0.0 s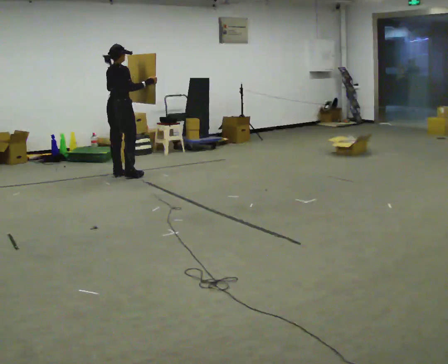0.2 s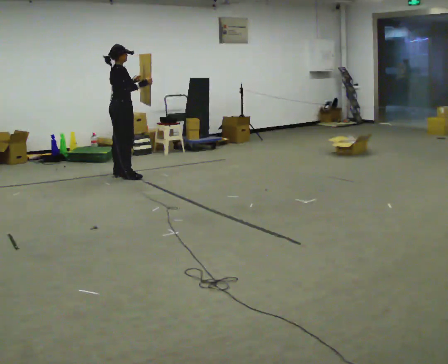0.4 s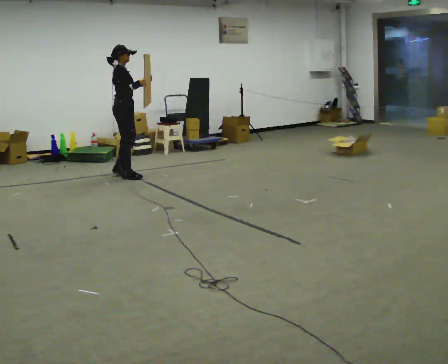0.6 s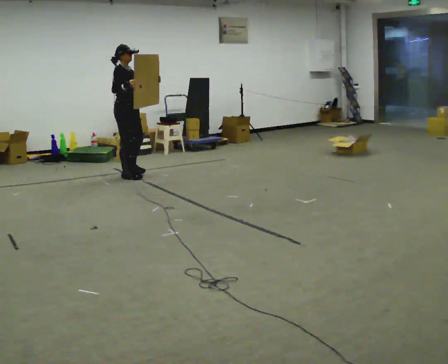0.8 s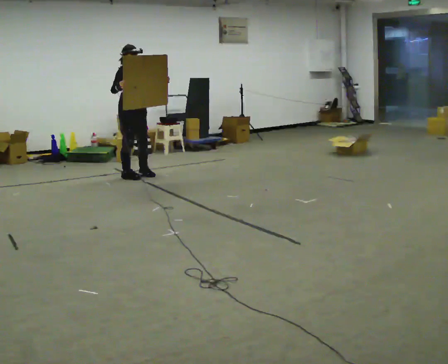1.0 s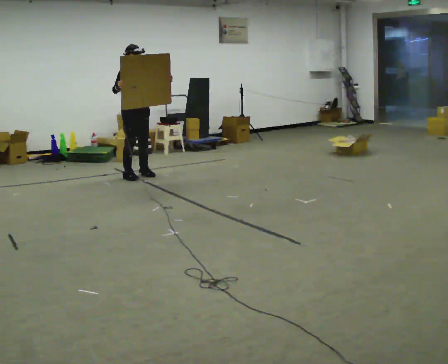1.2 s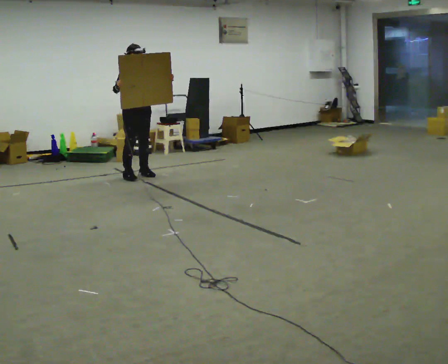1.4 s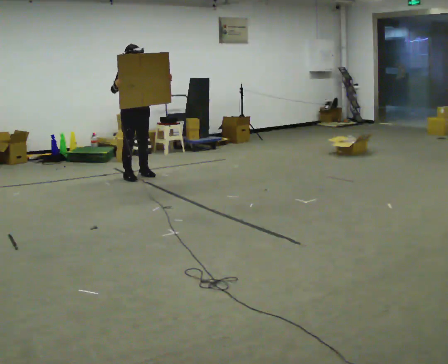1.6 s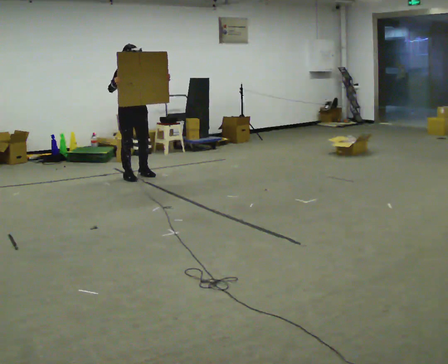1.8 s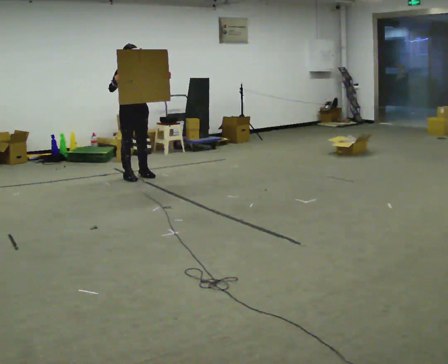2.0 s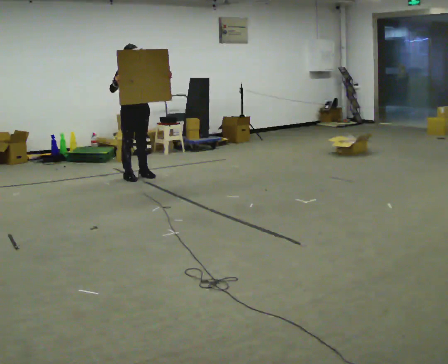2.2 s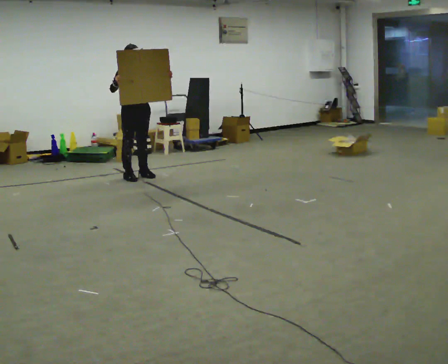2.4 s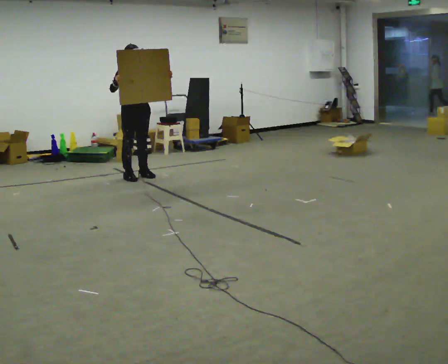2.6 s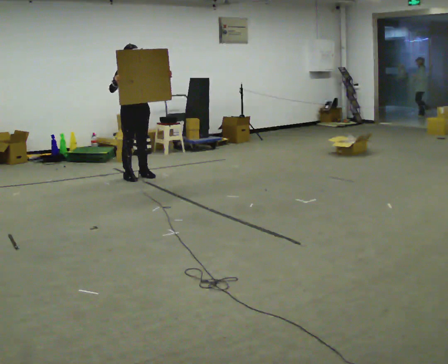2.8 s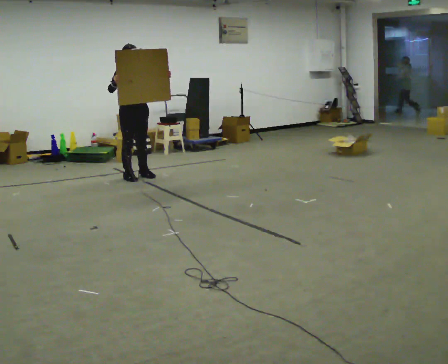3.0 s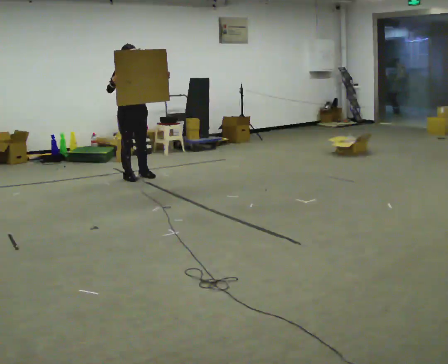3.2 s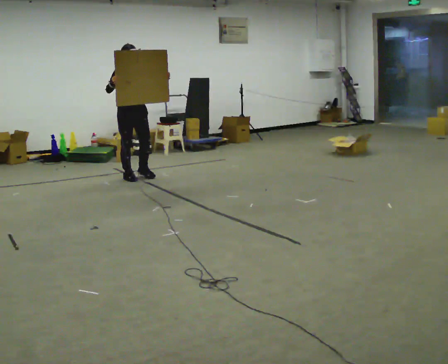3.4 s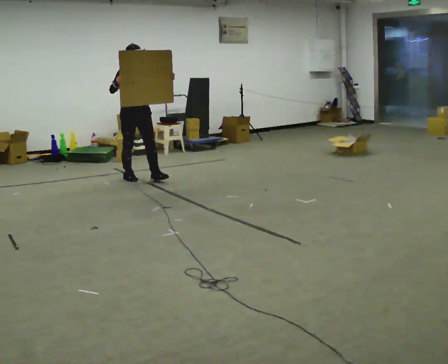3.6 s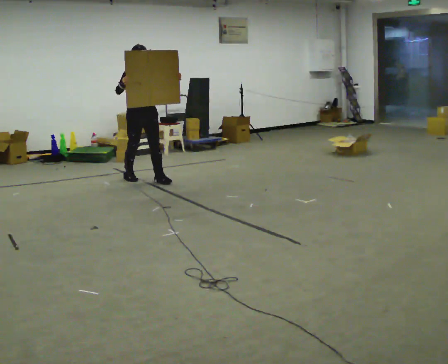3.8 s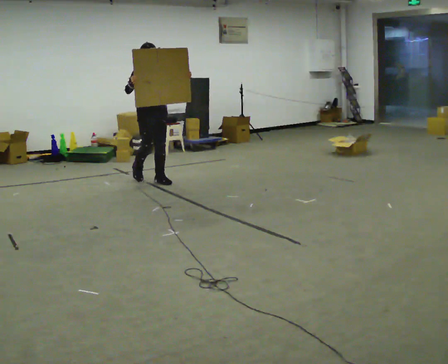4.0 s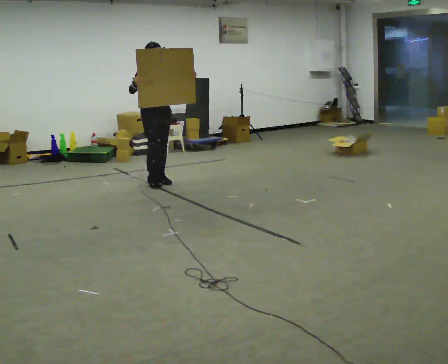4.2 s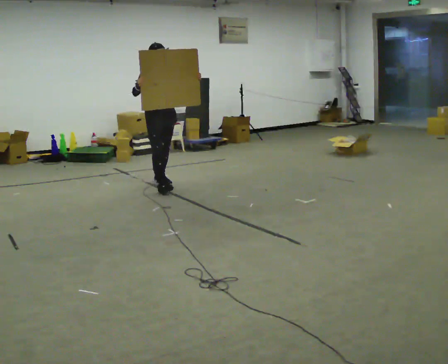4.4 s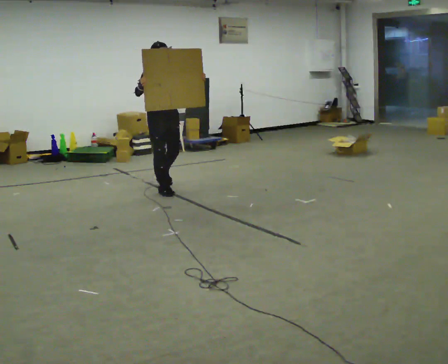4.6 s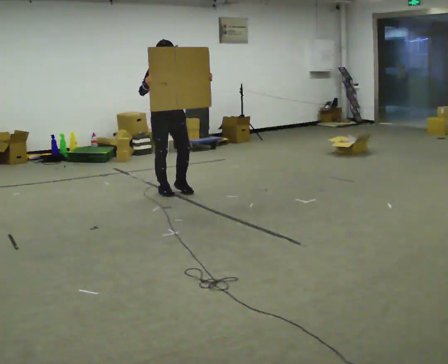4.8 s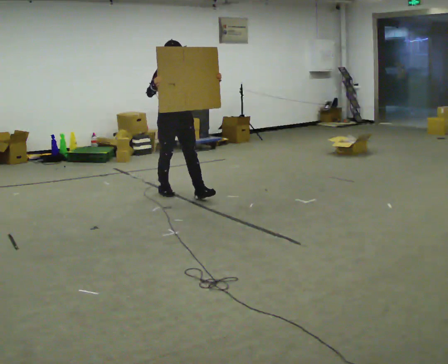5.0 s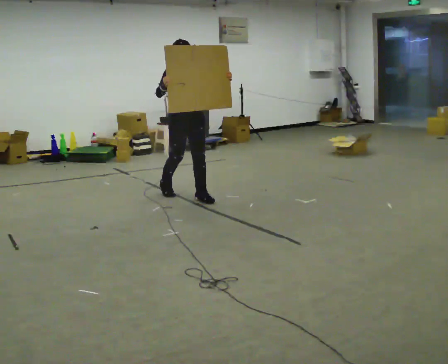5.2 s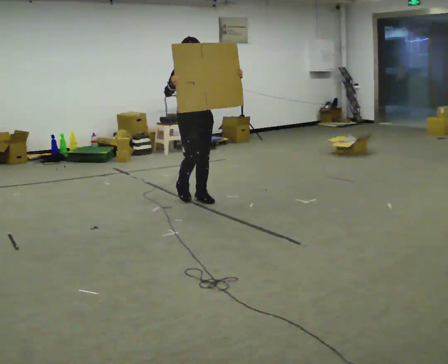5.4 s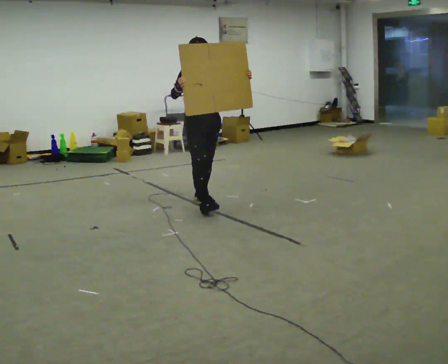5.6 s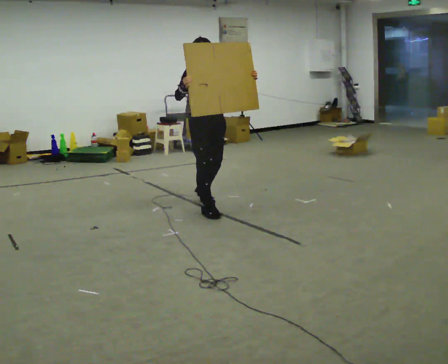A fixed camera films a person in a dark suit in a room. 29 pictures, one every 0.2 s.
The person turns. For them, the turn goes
to their right.
The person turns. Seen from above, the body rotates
clockwise.
0.0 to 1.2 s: The part of the body nearest the lens slides to the left as the person turns to their right by about 90 degrees. In the picture they go to the right, about 0.25 m in 1 step. In the picture their right hand goes to the left.
1.2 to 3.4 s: In the picture they go toward the camera, about 0.25 m, which for them is forward.
3.4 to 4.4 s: In the picture they go toward the camera and to the right, about 0.5 m in 2 steps, which for them is forward.
4.4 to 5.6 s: In the picture they go toward the camera and to the right, about 1 m in 2 steps, which for them is forward.
The film runs forward here.
